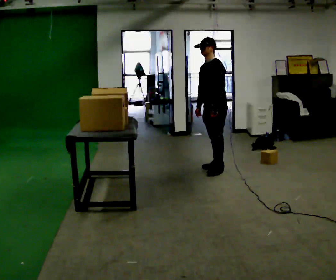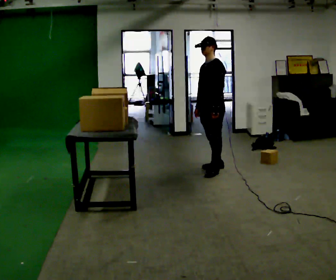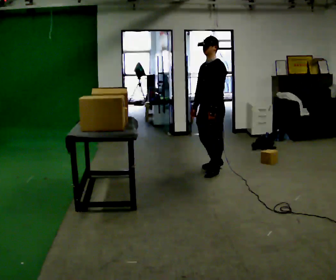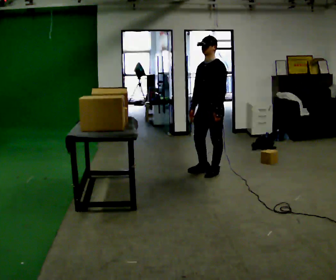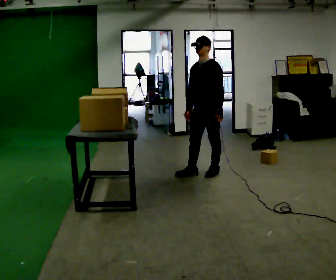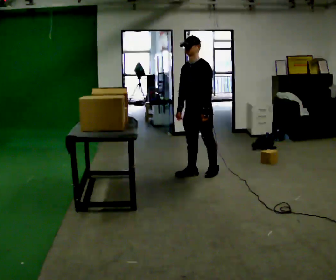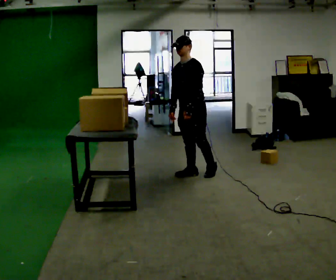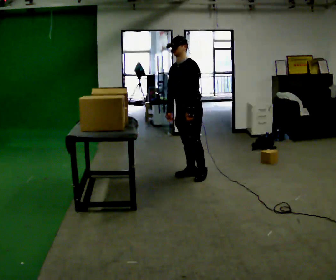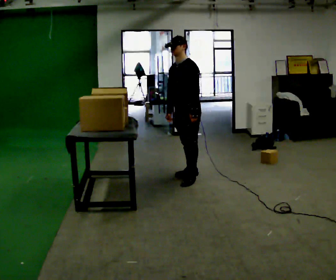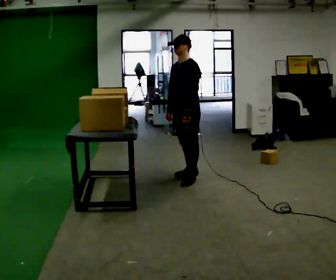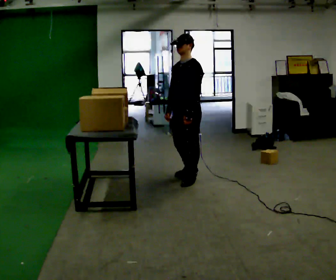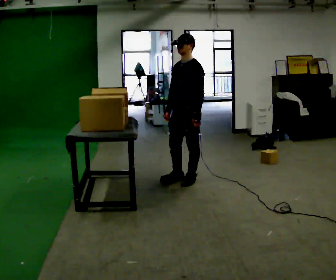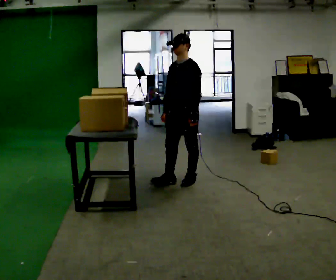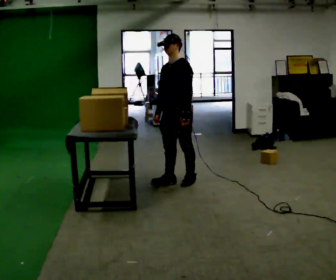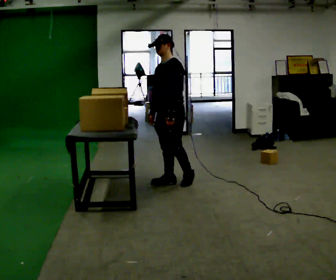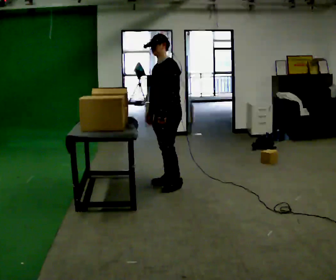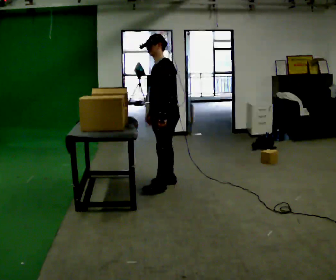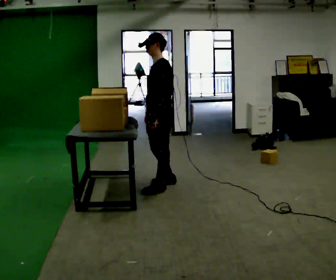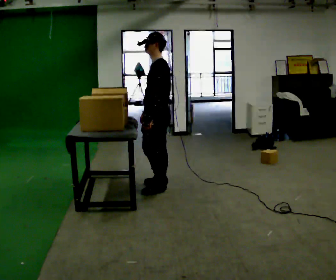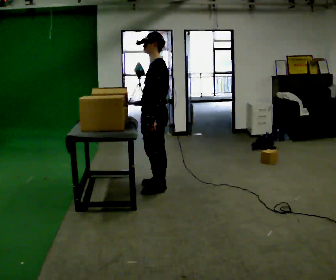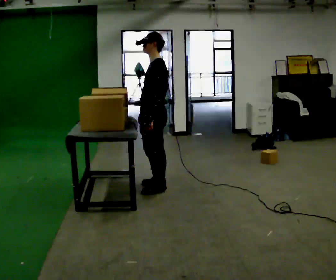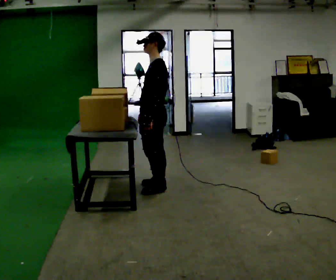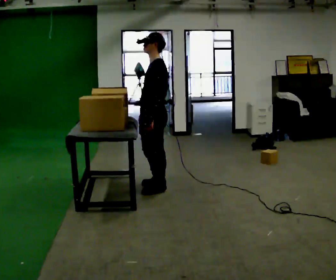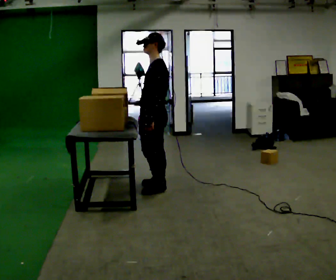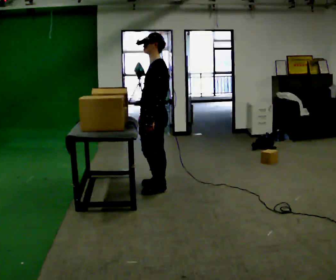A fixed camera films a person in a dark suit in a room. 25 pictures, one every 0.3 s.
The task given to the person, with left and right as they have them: Take the objects the operator names off the crowded shelf, one at a time, and carry each one to the table. You will have to move other things out of the way to reach them. Keep going until the operator says stop; one object at a time, and do not rush between trips.
0.0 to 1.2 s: In the picture they go toward the camera, about 0.25 m in 2 steps, which for them is forward.
1.2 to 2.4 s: In the picture they go to the left, about 0.25 m in 1 step, which for them is forward and to their right.
2.4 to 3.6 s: In the picture they go toward the camera, about 0.25 m in 1 step, which for them is forward and to their left.
3.6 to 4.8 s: In the picture they go to the left, about 0.25 m in 1 step, which for them is forward.
4.8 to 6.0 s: In the picture they go toward the camera, about 0.25 m, which for them is forward and to their left.
6.0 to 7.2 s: The person moves a little, or ends about where they began.
The film runs forward here.
